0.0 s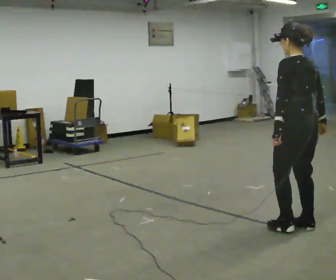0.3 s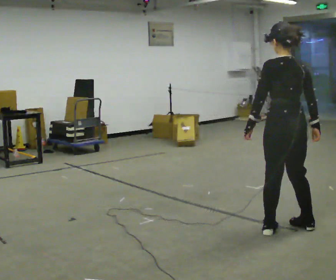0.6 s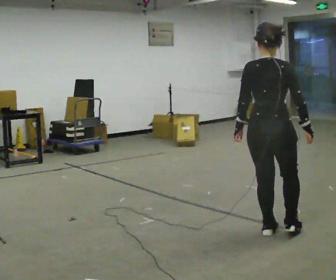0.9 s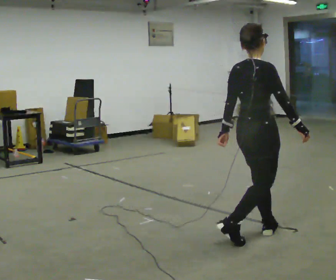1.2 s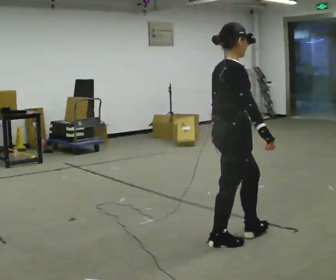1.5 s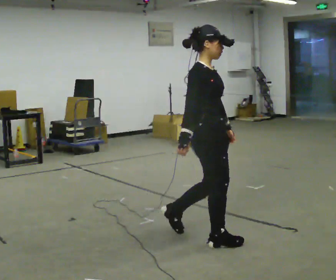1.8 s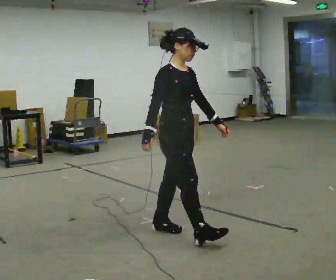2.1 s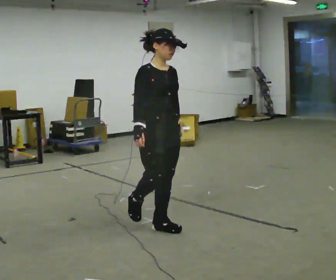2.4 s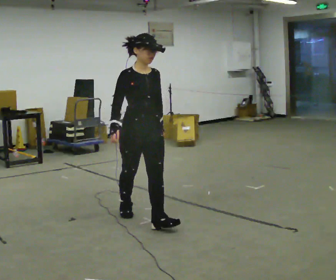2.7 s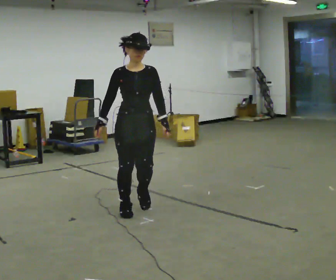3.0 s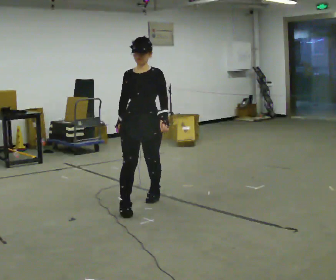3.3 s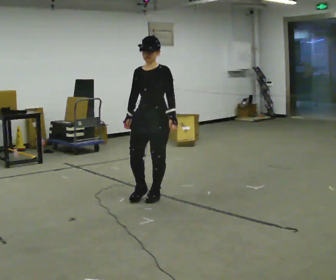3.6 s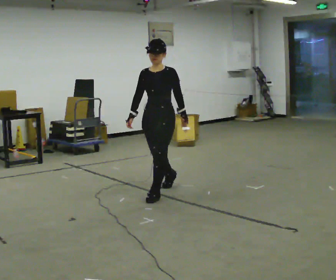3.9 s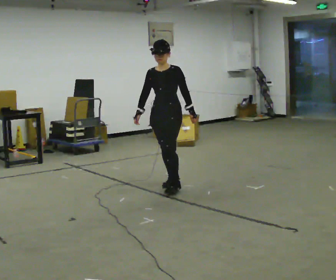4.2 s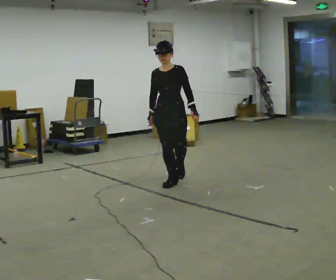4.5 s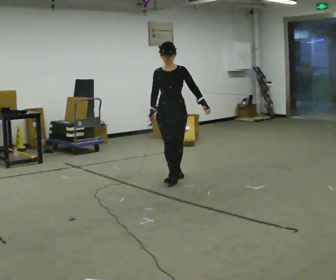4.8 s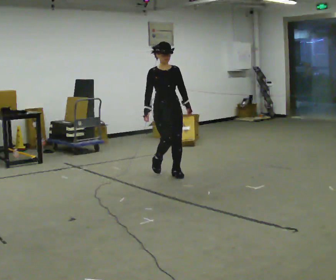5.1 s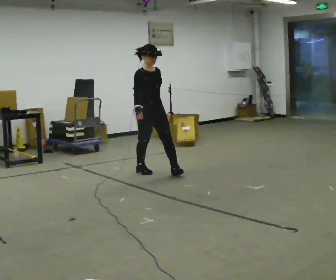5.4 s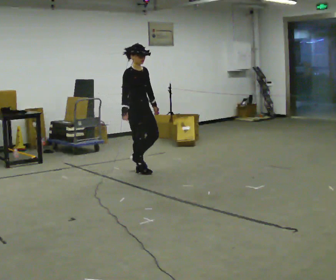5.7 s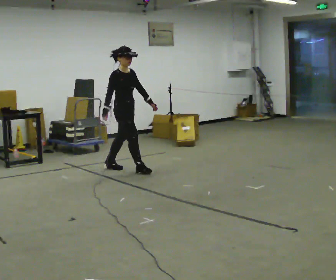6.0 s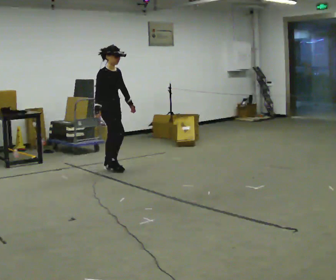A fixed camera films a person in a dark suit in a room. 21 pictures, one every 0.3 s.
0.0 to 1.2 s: The person turns about 105 degrees to their right, clockwise seen from above, so the part of the body nearest the lens slides to the left. In the picture they go to the left, about 0.5 m in 2 steps.
1.2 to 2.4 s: The part of the body nearest the lens slides to the left as the person turns to their right by about 75 degrees. In the picture they go to the left and away from the camera, about 1 m in 1 step.
2.4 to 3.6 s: Seen from above the body turns clockwise, about 60 degrees: to their right, with its near side sliding to the left. In the picture they go away from the camera, about 1 m in 2 steps, which for them is backward.
3.6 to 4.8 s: The person turns about 45 degrees to their left, counterclockwise seen from above, so the part of the body nearest the lens slides to the right. In the picture they go away from the camera, about 1 m in 2 steps, which for them is backward.
4.8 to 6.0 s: The person turns about 45 degrees to their left, counterclockwise seen from above, so the part of the body nearest the lens slides to the right. In the picture they go to the left and away from the camera, about 1 m in 2 steps, which for them is backward.
The film runs backward here.
